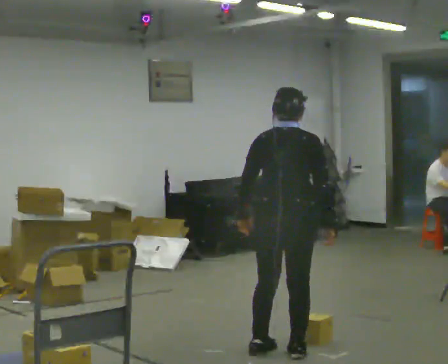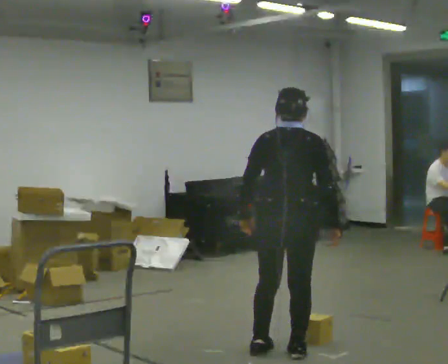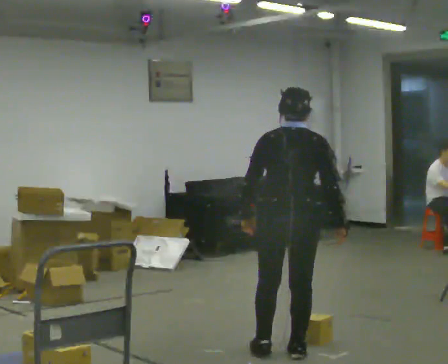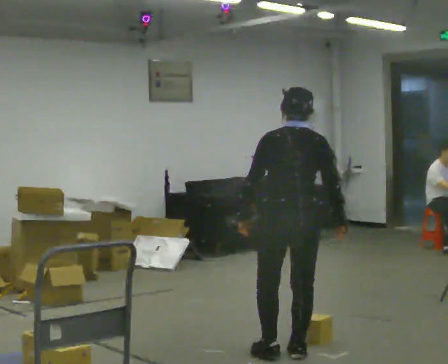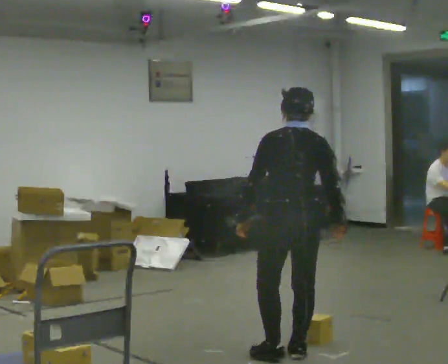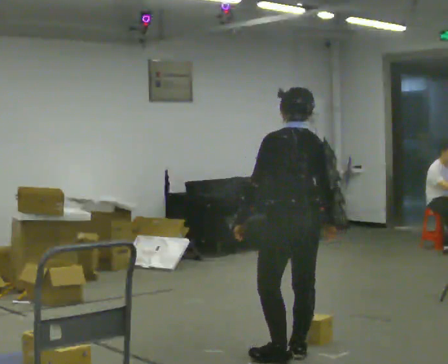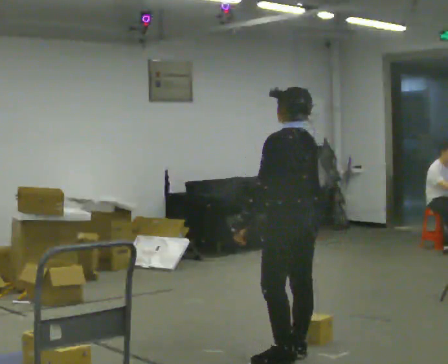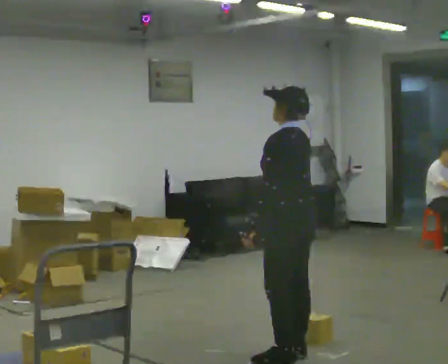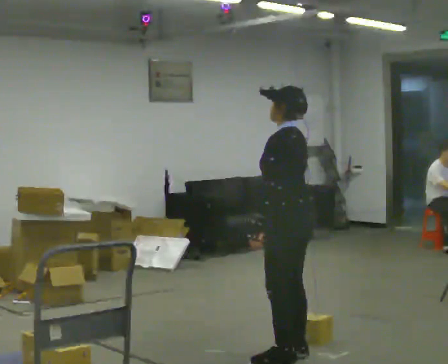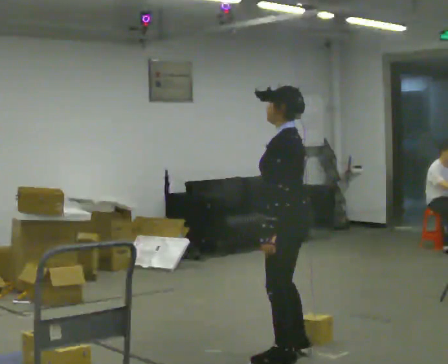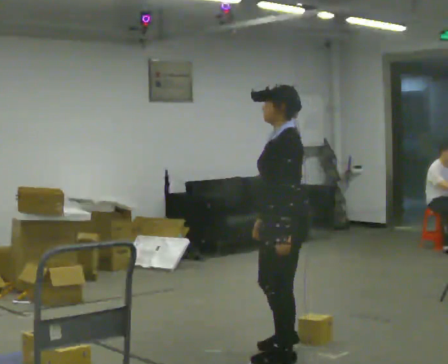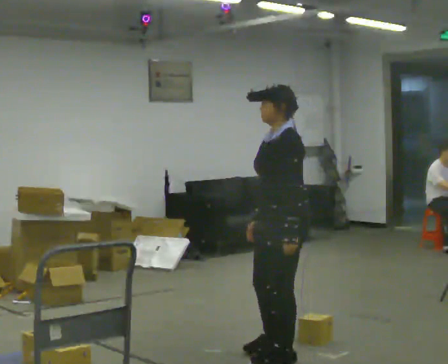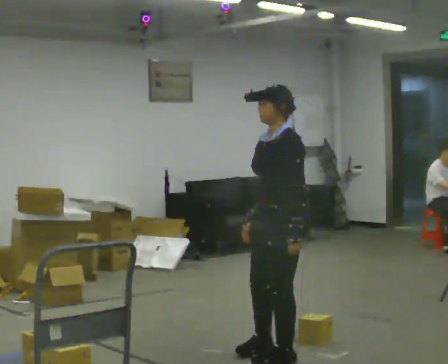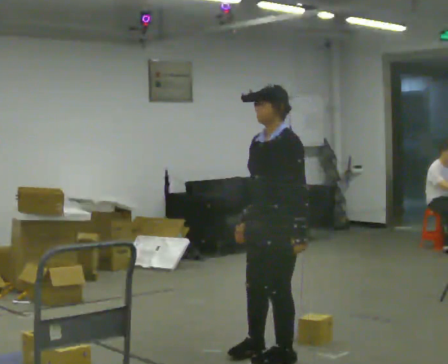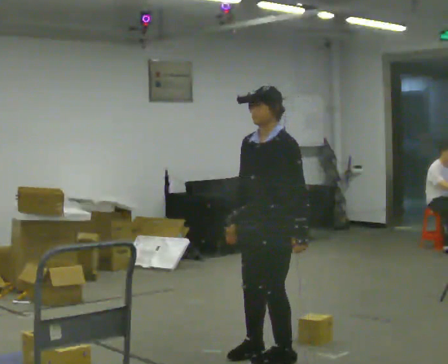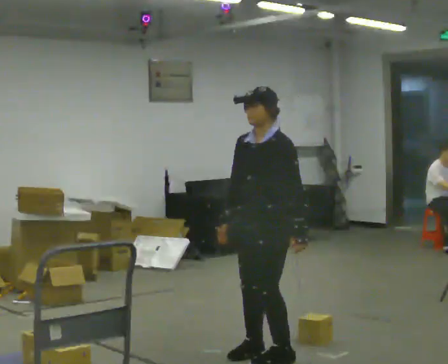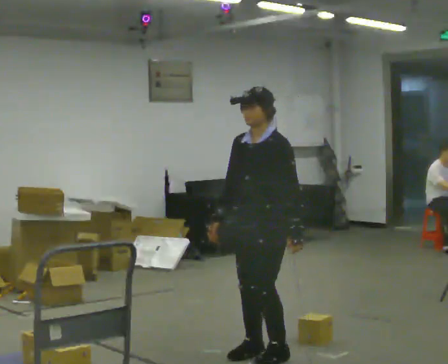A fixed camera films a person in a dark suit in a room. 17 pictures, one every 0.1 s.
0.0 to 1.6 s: Seen from above the body turns counterclockwise, about 150 degrees: to their left, with its near side sliding to the right. In the picture their right hand goes to the left, the arm swinging clockwise.
The film runs forward here.
